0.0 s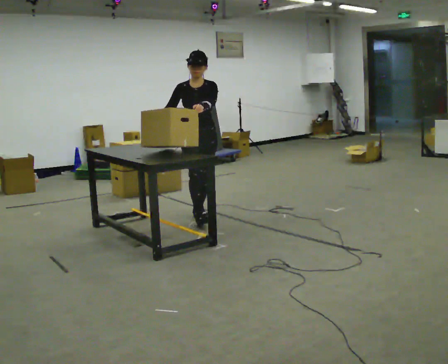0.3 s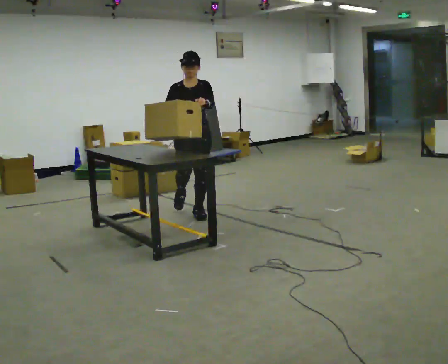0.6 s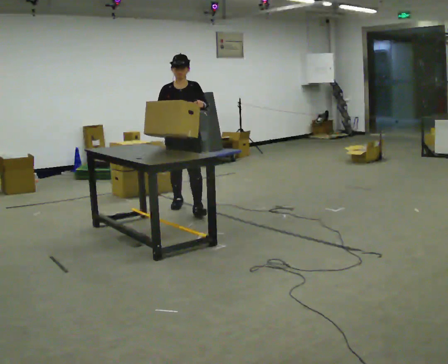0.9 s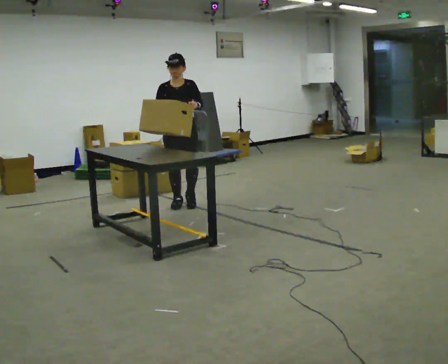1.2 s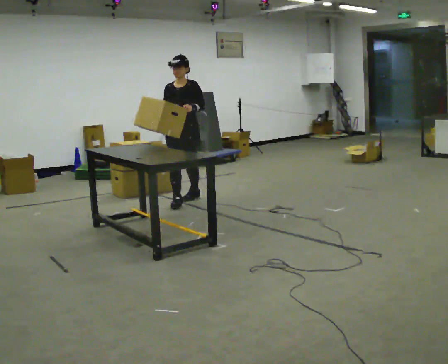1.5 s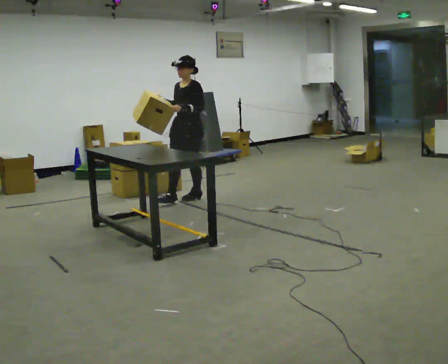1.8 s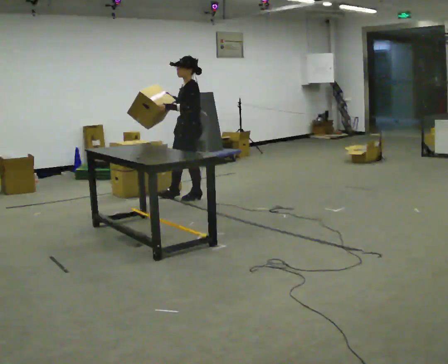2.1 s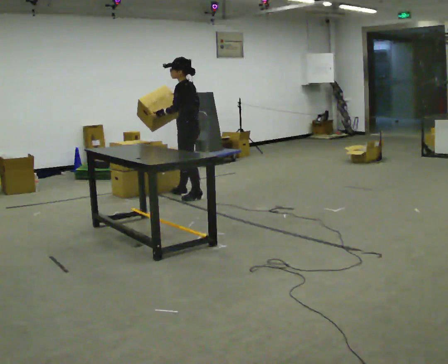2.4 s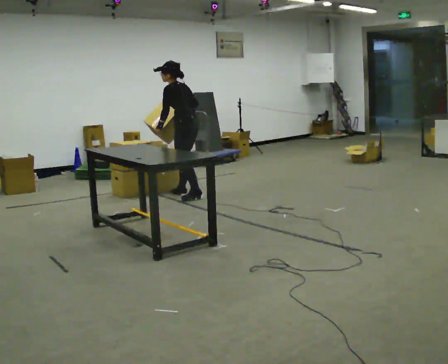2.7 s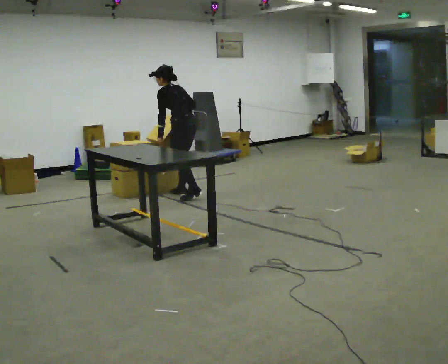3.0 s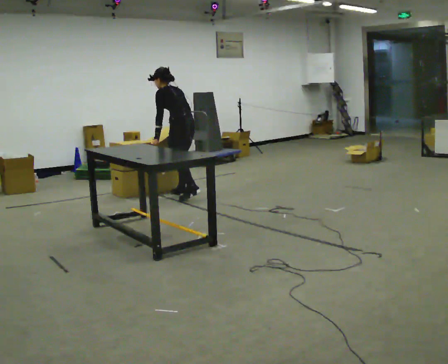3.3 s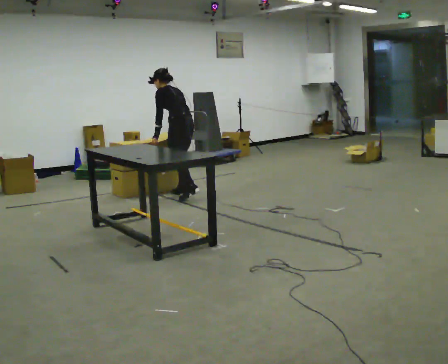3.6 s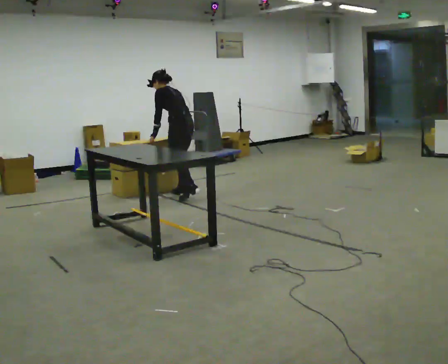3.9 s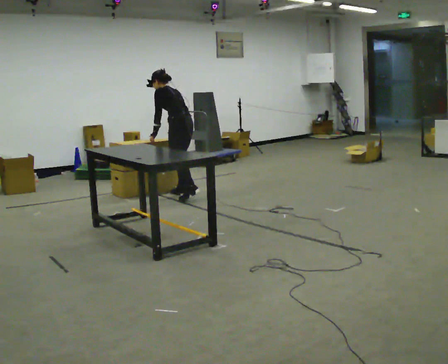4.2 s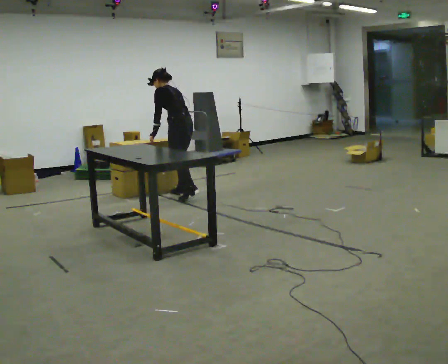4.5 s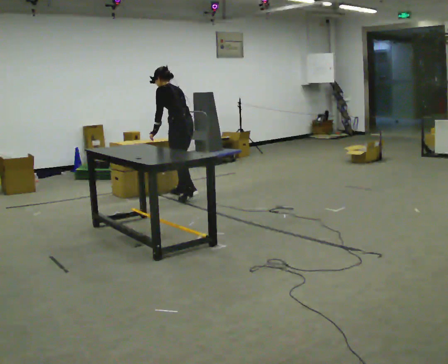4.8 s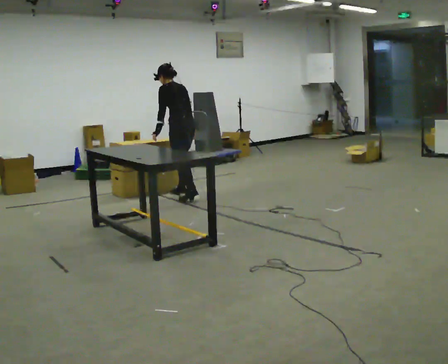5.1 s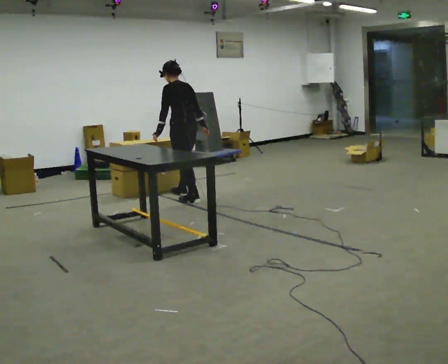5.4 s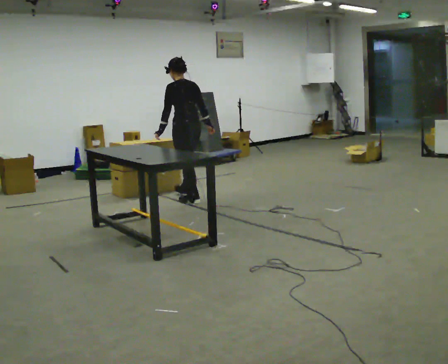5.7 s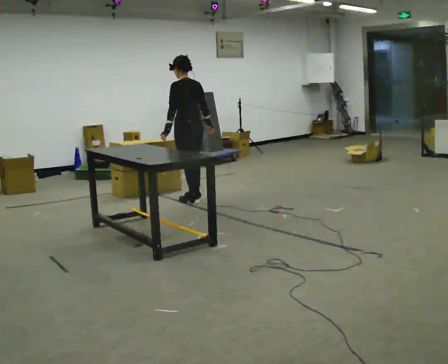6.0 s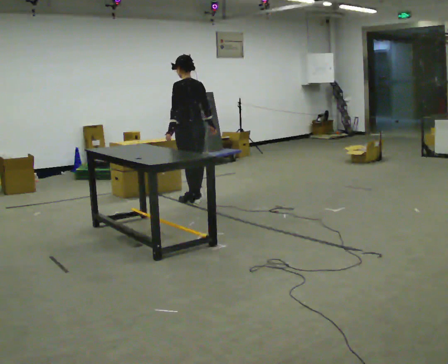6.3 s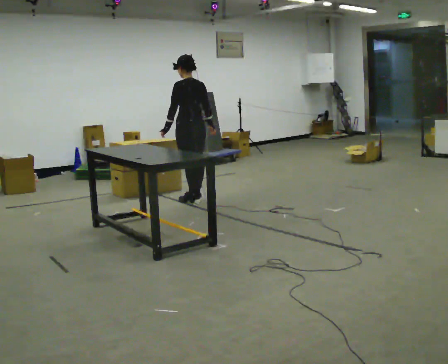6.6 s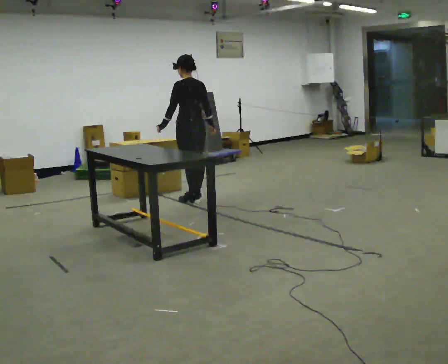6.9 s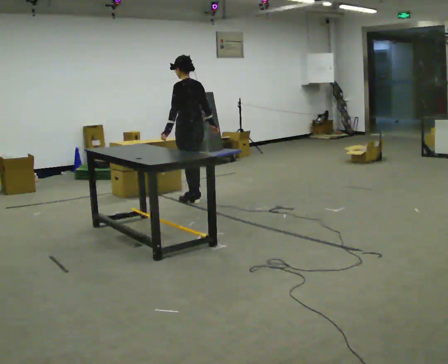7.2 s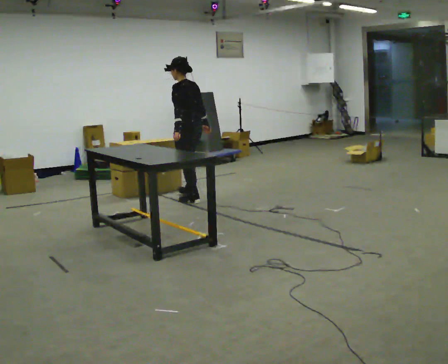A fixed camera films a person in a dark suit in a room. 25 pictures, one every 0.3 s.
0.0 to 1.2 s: In the picture they go away from the camera, about 0.75 m in 1 step, which for them is backward and to their right.
1.2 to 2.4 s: The part of the body nearest the lens slides to the left as the person turns to their right by about 105 degrees. In the picture they go away from the camera, about 0.25 m in 1 step. In the picture the upper body tilts counterclockwise, shoulders to the left, as they bend forward.
2.4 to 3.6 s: The upper body tips away from the camera, its near side rolling upward, as they bend forward. In the picture their right hand goes downward.
3.6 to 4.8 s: The person moves a little, or ends about where they began.
4.8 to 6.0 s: In the picture they go toward the camera, about 0.25 m in 1 step, which for them is backward. The upper body tips toward the camera, its near side rolling downward, as they lean back or straighten.
6.0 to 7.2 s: The person moves a little, or ends about where they began.
The film runs backward here.
